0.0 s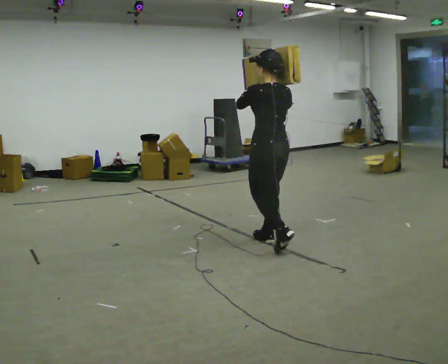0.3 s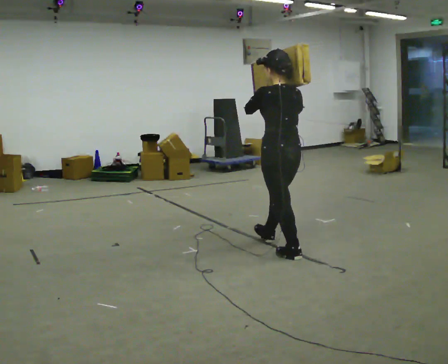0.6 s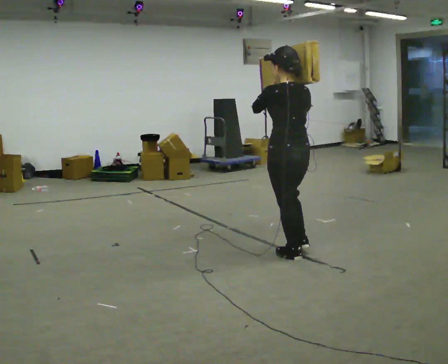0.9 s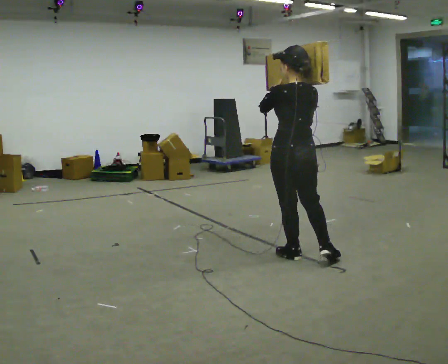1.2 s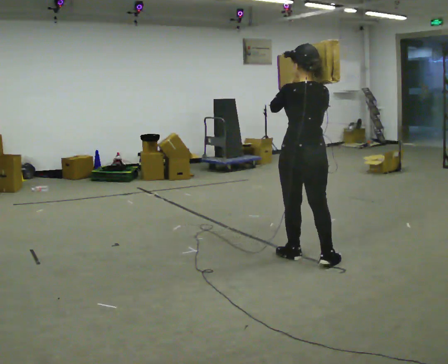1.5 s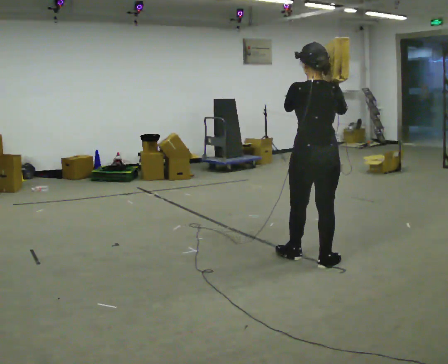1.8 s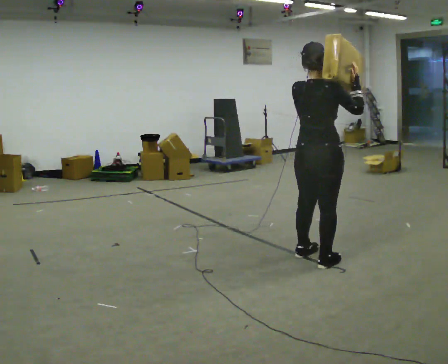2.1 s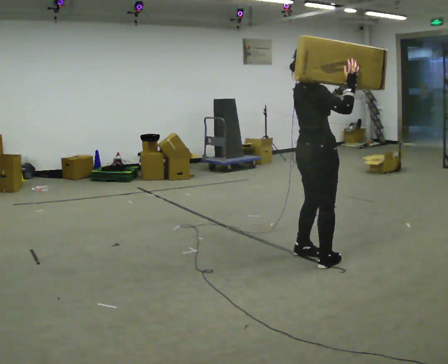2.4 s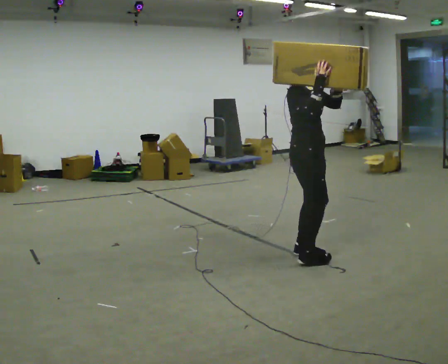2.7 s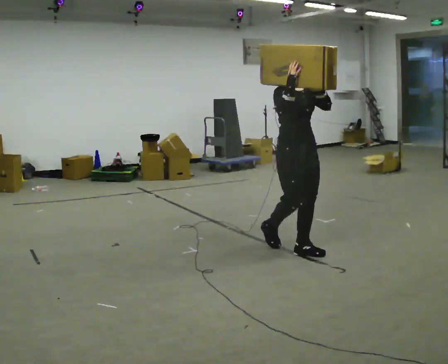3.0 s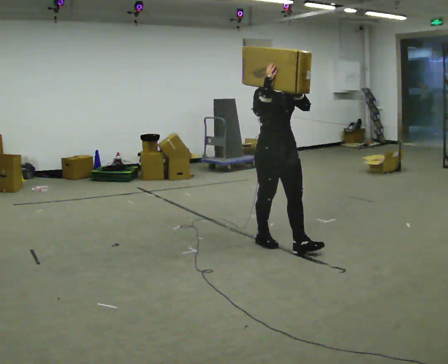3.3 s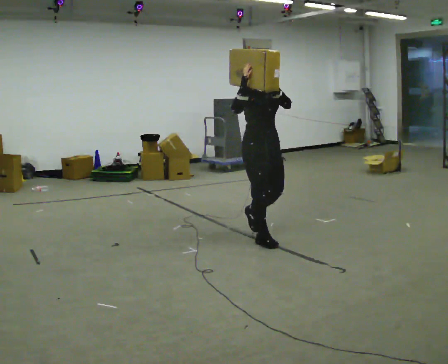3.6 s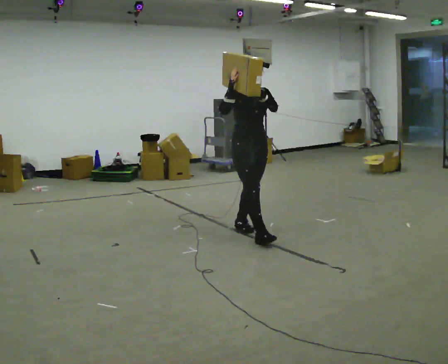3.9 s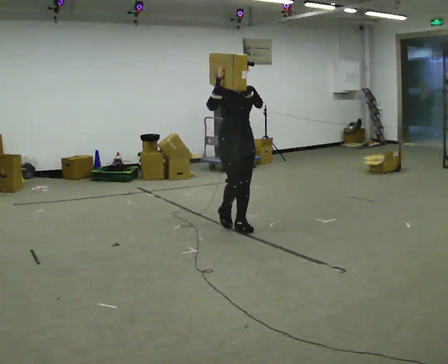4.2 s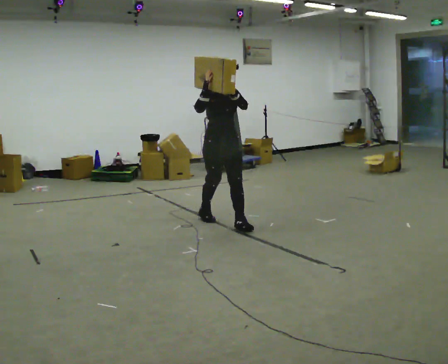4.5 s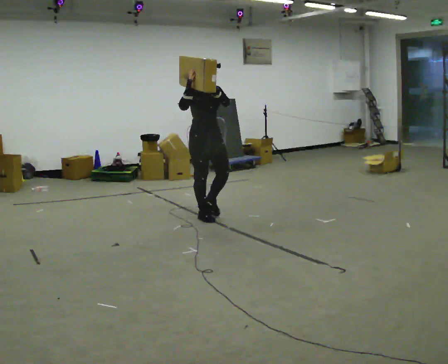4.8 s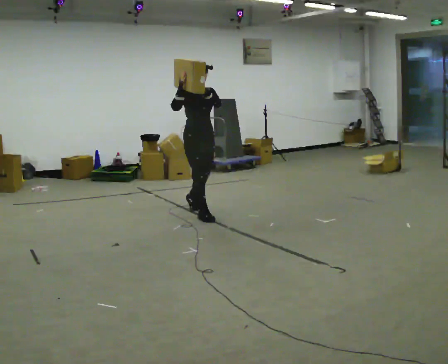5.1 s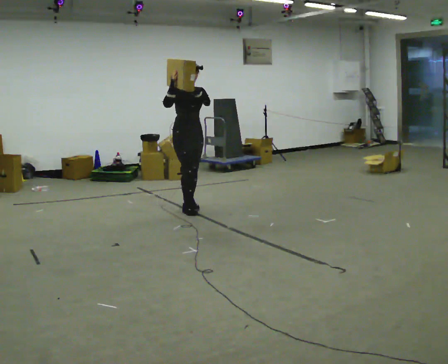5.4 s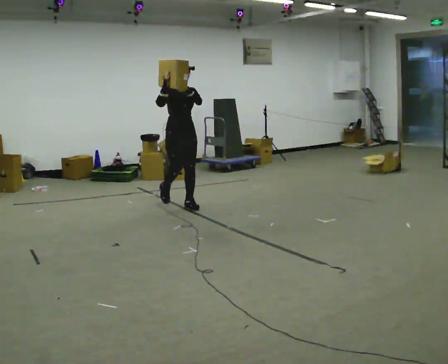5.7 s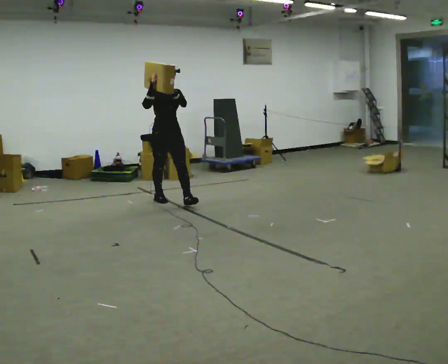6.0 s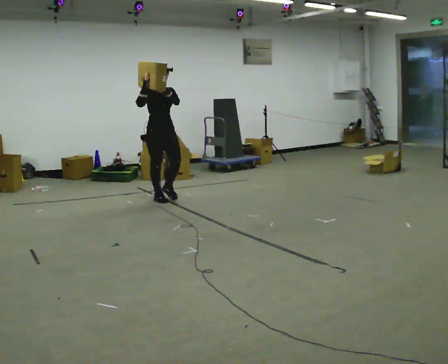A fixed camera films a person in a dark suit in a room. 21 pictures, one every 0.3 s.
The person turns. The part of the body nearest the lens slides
to the left.
The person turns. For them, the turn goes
to their right.
0.0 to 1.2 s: In the picture they go toward the camera and to the right, about 0.5 m in 1 step, which for them is backward.
1.2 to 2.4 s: Seen from above the body turns clockwise, about 135 degrees: to their right, with its near side sliding to the left.
2.4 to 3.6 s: The person turns about 30 degrees to their right, clockwise seen from above, so the part of the body nearest the lens slides to the left. In the picture they go away from the camera and to the left, about 0.5 m in 1 step, which for them is backward.
3.6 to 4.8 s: In the picture they go away from the camera and to the left, about 1 m in 2 steps, which for them is backward.
4.8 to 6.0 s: In the picture they go away from the camera and to the left, about 1 m in 2 steps, which for them is backward.
The film runs backward here.
